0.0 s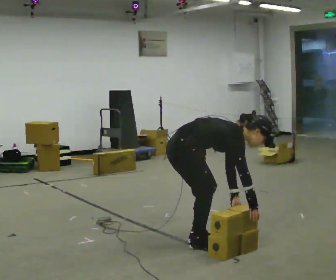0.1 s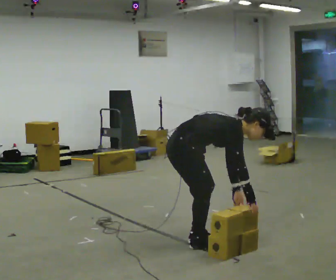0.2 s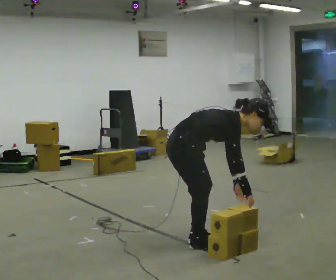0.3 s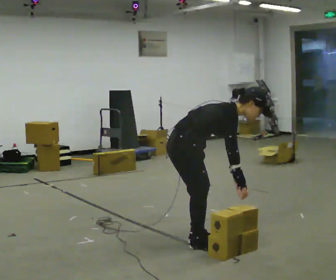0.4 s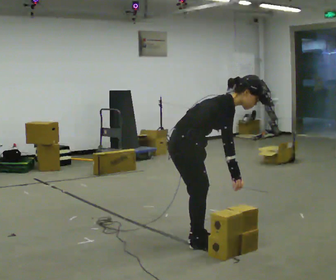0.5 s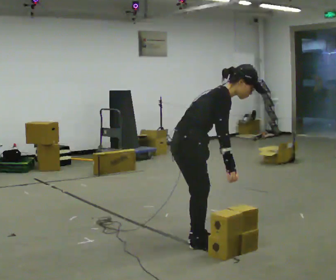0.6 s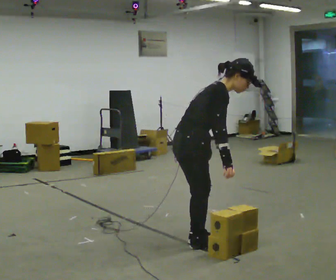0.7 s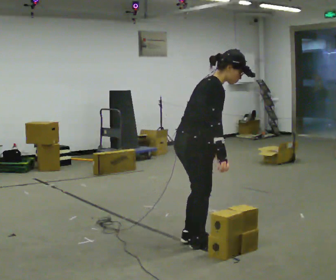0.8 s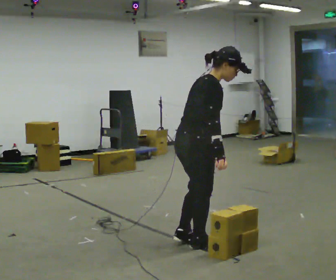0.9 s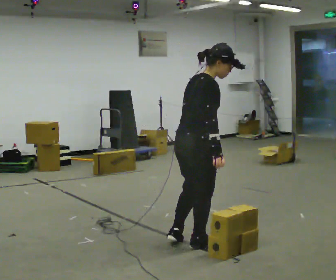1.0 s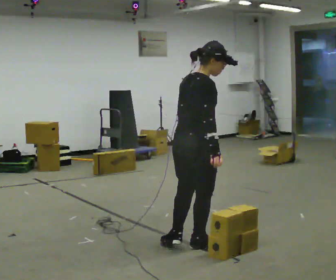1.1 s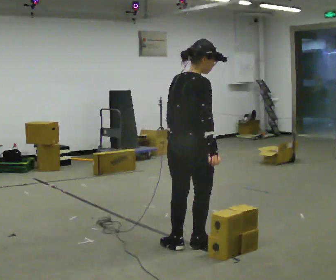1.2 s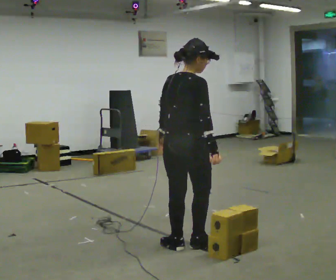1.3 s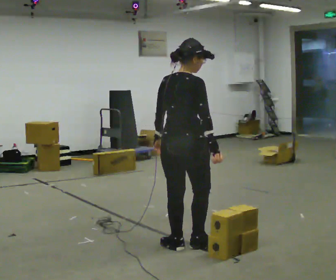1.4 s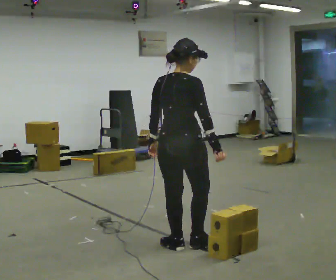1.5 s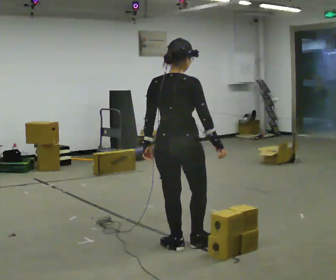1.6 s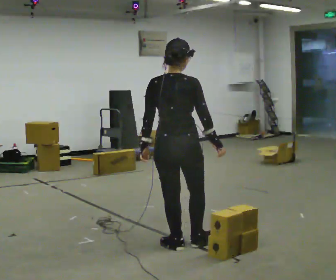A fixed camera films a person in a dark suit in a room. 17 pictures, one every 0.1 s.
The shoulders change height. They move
upward.
The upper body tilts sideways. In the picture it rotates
counterclockwise.
0.0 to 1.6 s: The part of the body nearest the lens slides to the right as the person turns to their left by about 105 degrees. The shoulders move upward. In the picture the upper body tilts counterclockwise, shoulders to the left, as they lean back or straighten. In the picture their right hand goes upward.
The film runs backward here.
